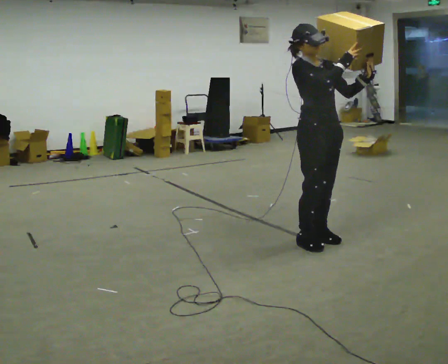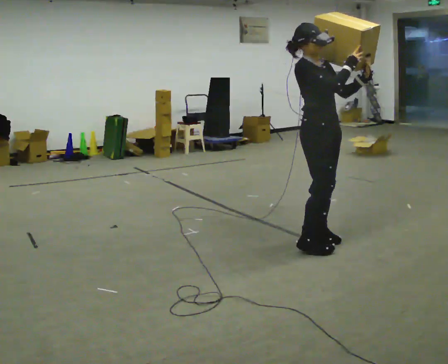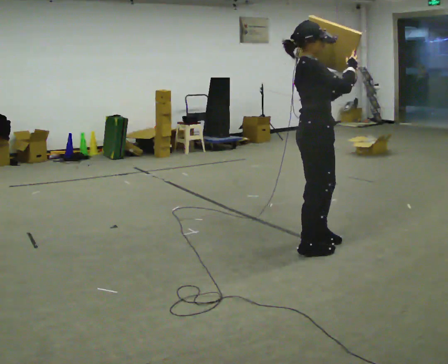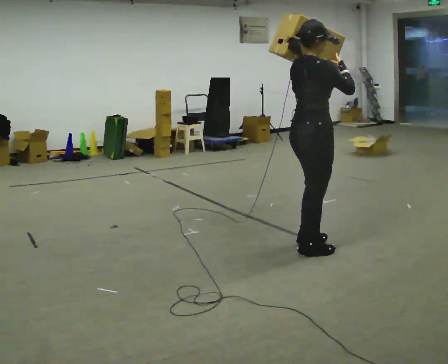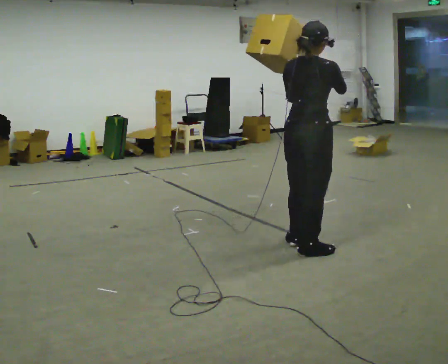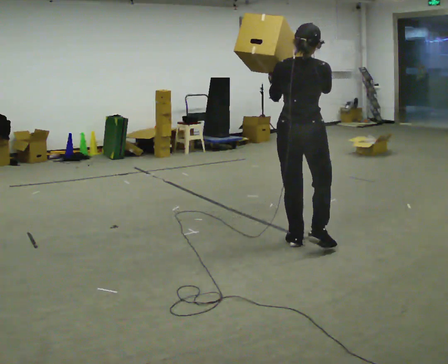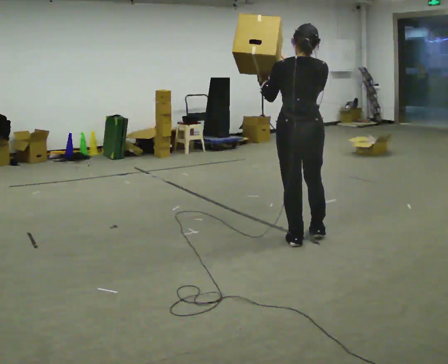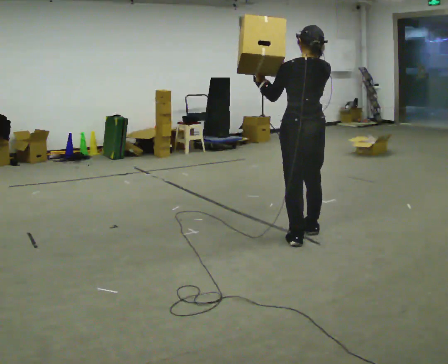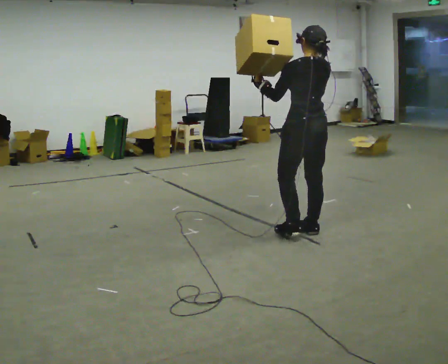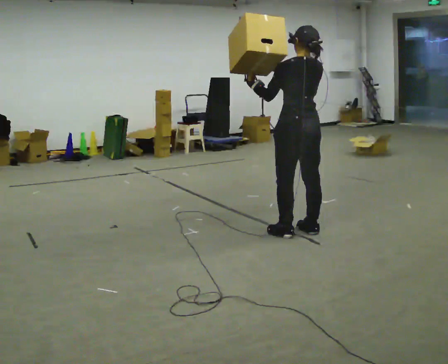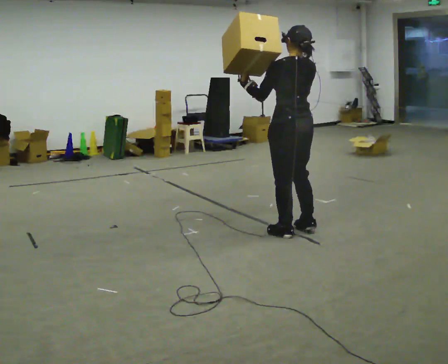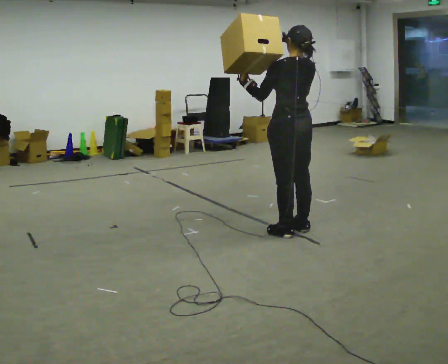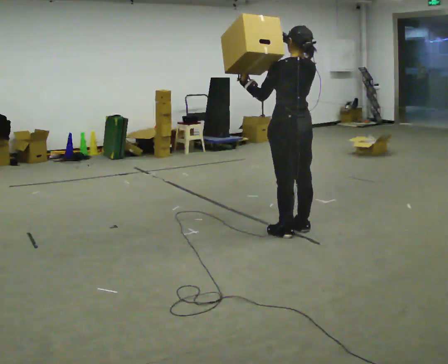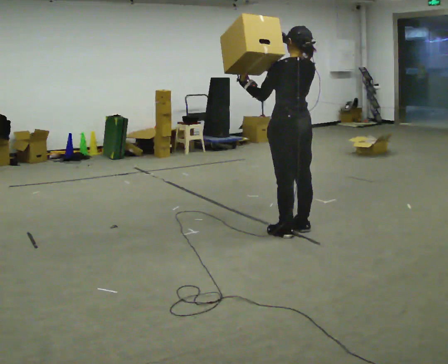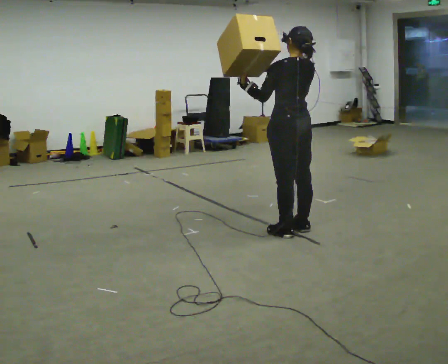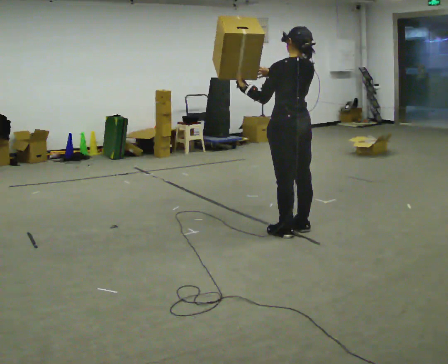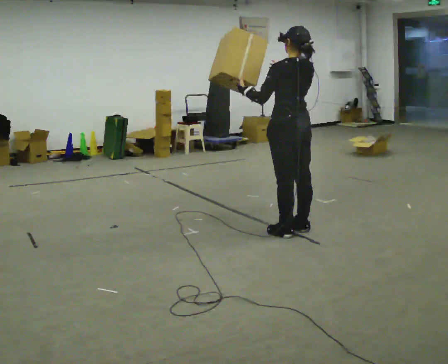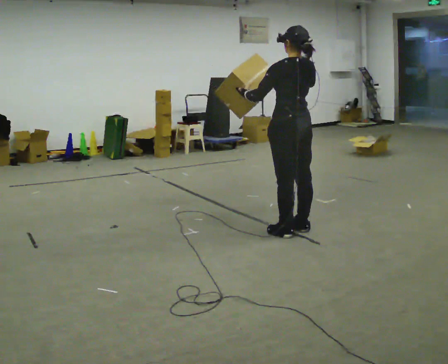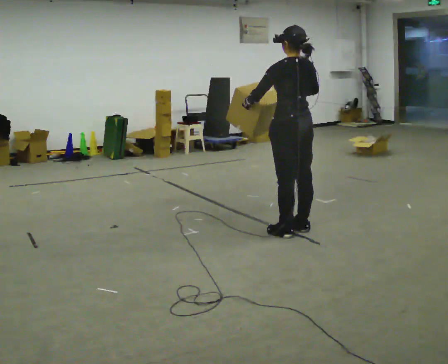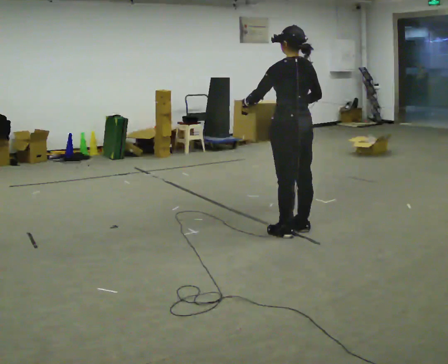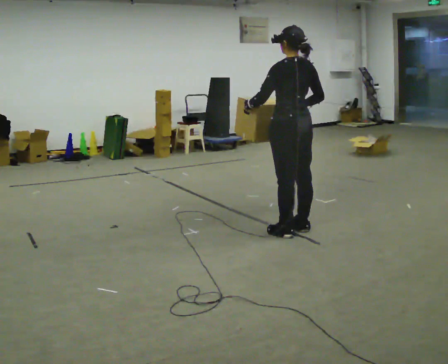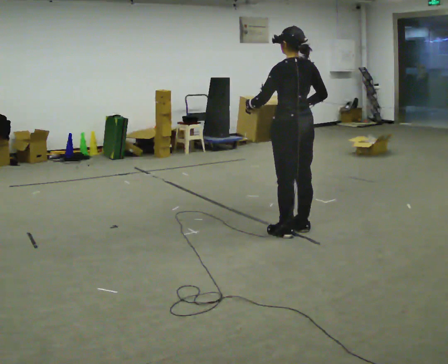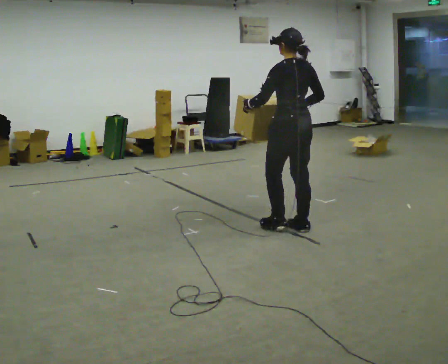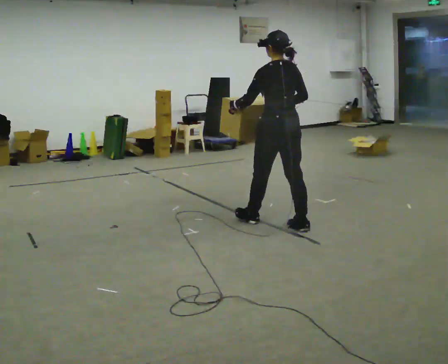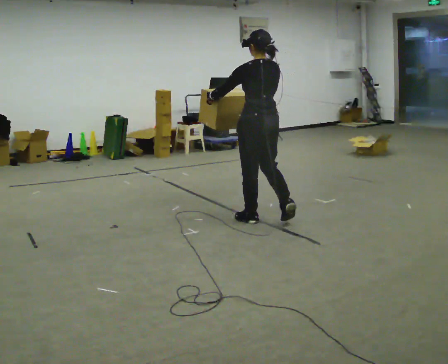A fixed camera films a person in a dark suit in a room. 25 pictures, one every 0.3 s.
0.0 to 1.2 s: The person turns about 105 degrees to their left, counterclockwise seen from above, so the part of the body nearest the lens slides to the right. In the picture they go toward the camera, about 0.25 m in 2 steps. In the picture their left hand goes to the left.
1.2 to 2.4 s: Seen from above the body turns counterclockwise, about 60 degrees: to their left, with its near side sliding to the right. In the picture they go away from the camera, about 0.25 m in 1 step.
2.4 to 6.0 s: The person moves a little, or ends about where they began.
6.0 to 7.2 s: In the picture they go to the left and away from the camera, about 0.5 m in 1 step, which for them is forward.
The film runs forward here.
